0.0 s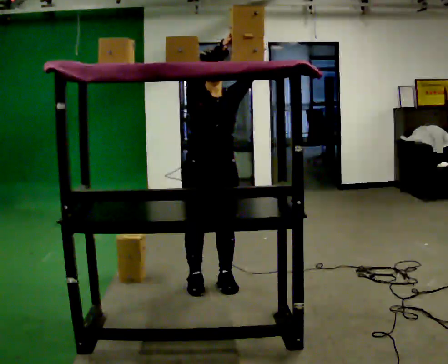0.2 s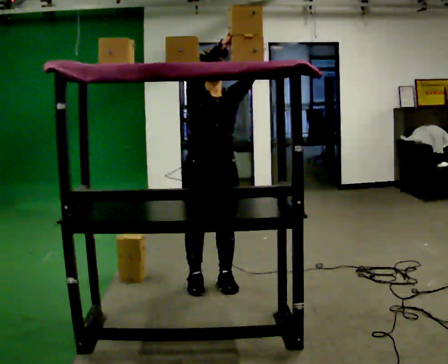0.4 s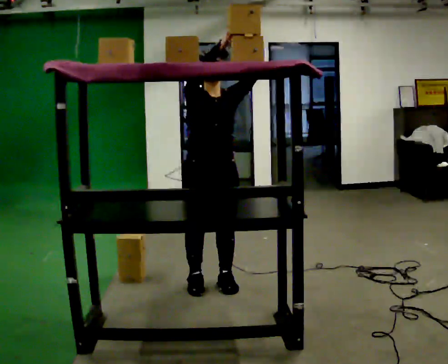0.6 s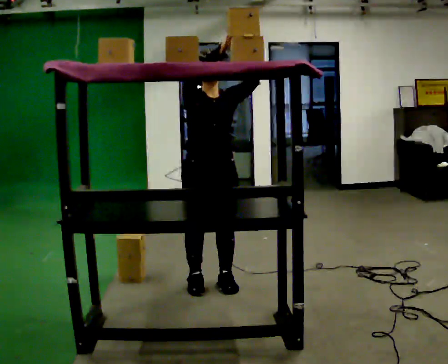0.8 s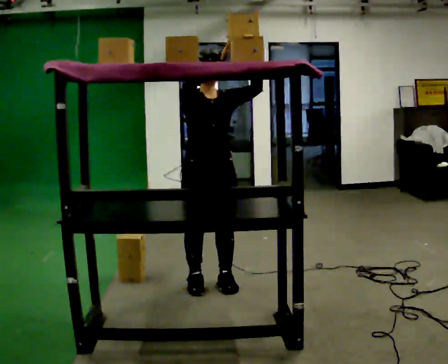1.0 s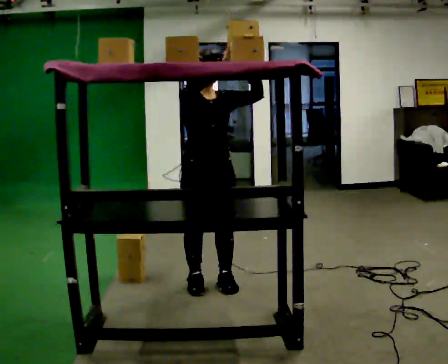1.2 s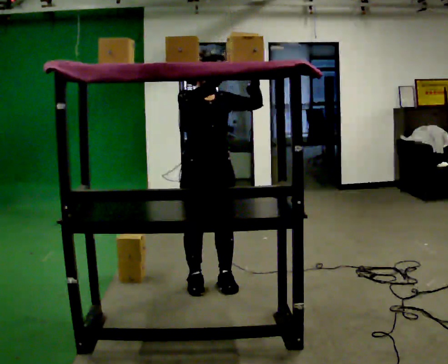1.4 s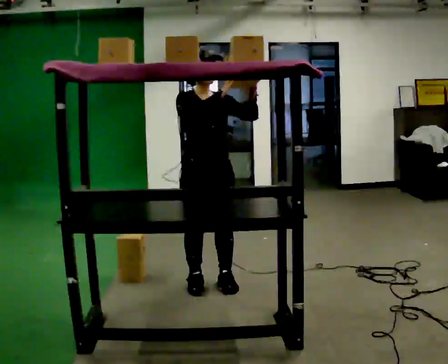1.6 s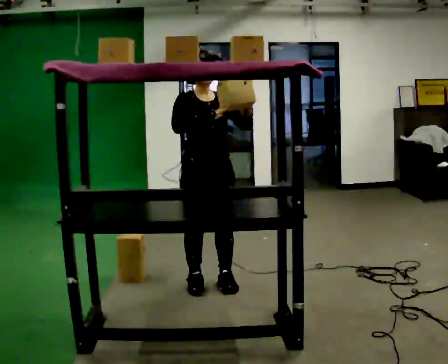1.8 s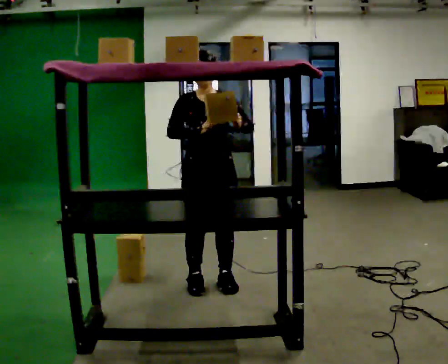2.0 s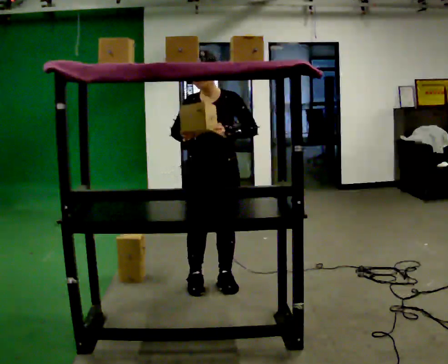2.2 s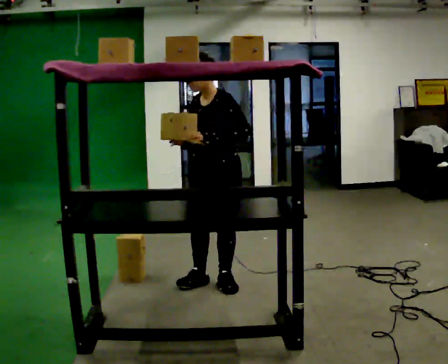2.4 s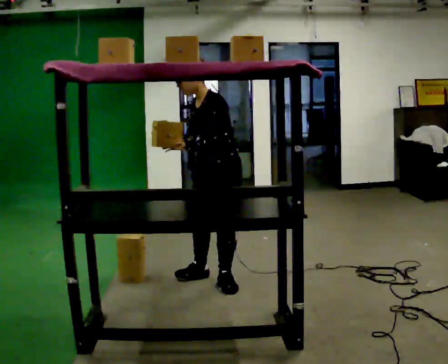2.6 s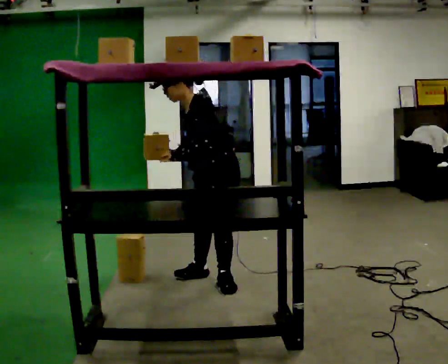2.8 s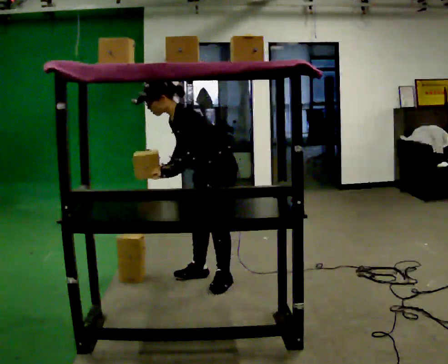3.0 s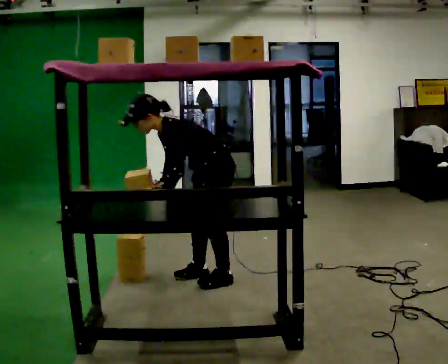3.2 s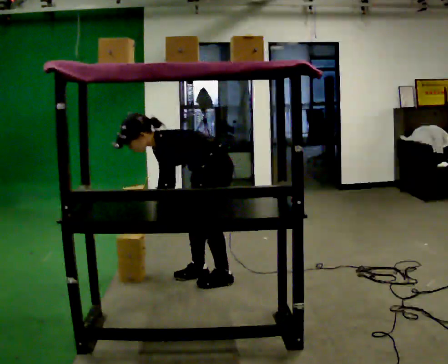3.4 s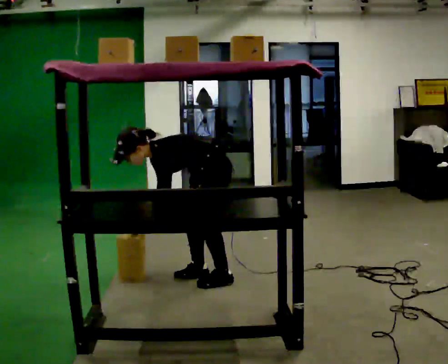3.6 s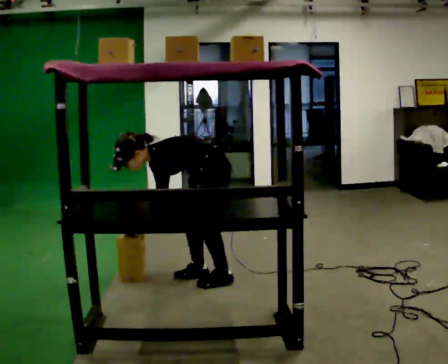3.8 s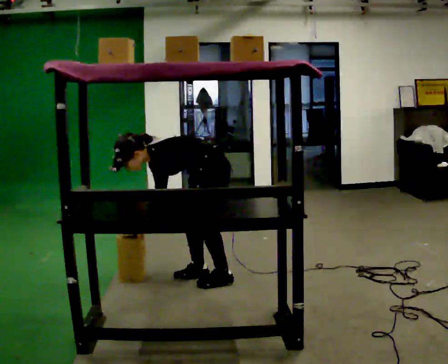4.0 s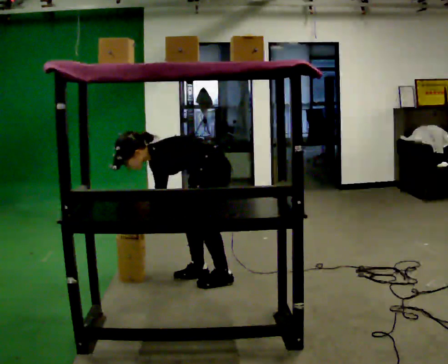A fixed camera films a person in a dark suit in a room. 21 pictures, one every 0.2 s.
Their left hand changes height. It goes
downward.
The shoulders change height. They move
downward.
0.0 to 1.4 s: The person moves a little, or ends about where they began.
1.4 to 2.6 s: The person turns about 90 degrees to their right, clockwise seen from above, so the part of the body nearest the lens slides to the left. In the picture they go away from the camera, about 0.25 m in 1 step. In the picture the upper body tilts counterclockwise, shoulders to the left, as they bend forward. In the picture their left hand goes to the left and downward.
2.6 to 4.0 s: The shoulders move downward. In the picture the upper body tilts counterclockwise, shoulders to the left, as they bend forward. In the picture their right hand goes downward.
The film runs forward here.
